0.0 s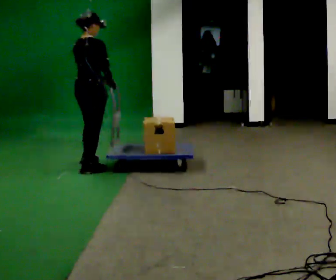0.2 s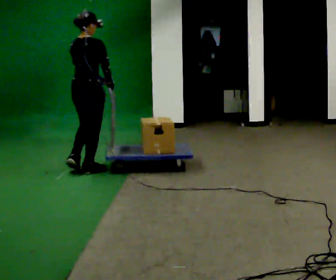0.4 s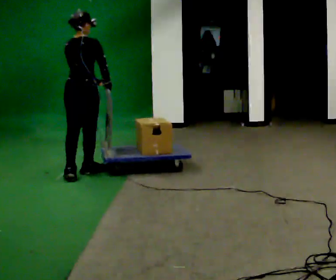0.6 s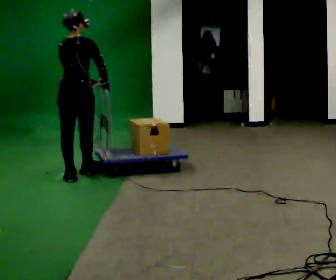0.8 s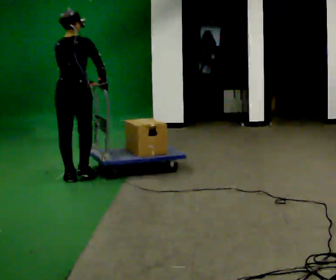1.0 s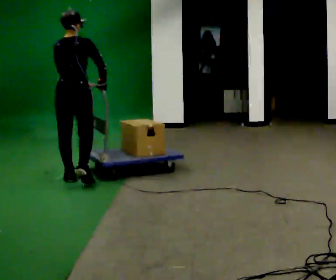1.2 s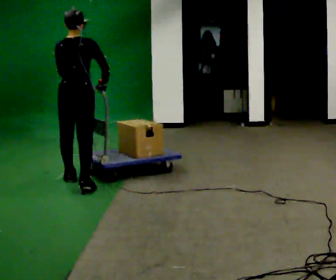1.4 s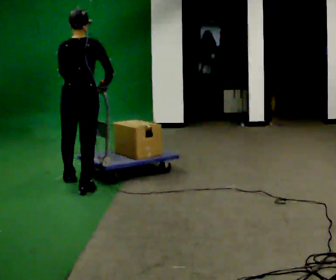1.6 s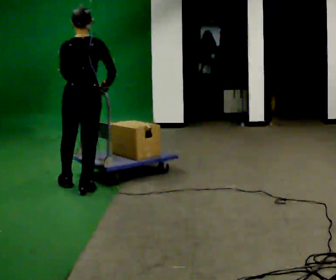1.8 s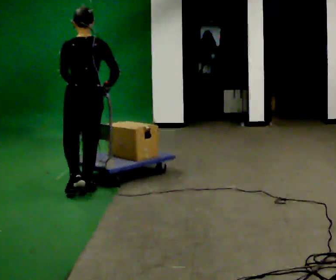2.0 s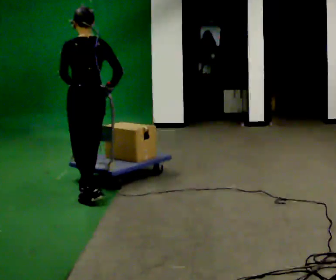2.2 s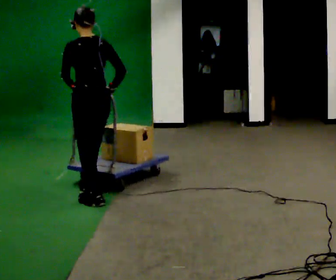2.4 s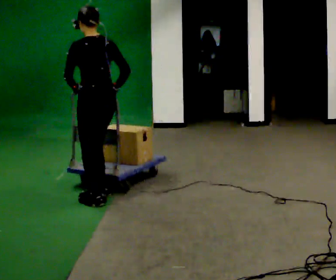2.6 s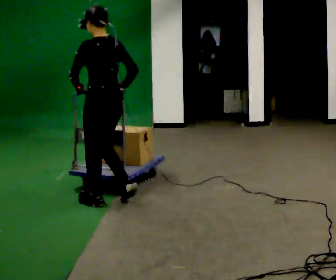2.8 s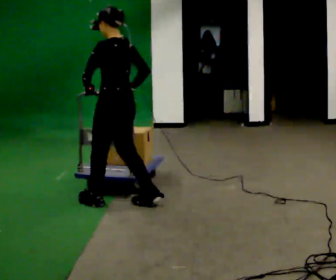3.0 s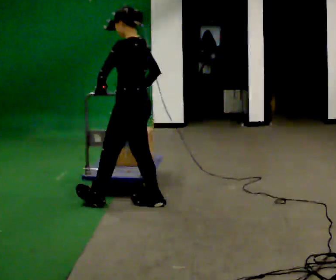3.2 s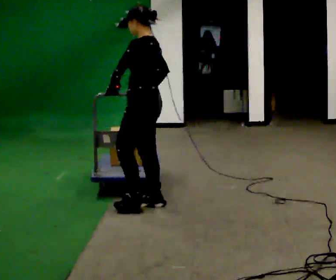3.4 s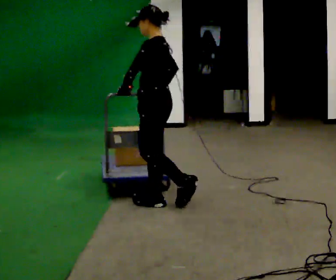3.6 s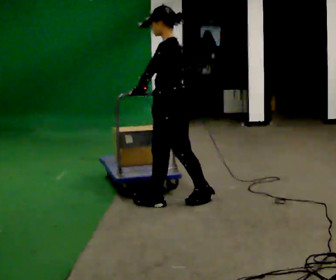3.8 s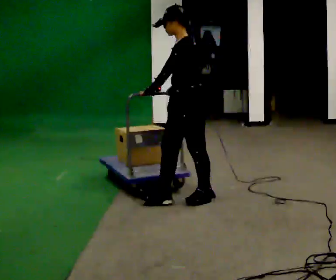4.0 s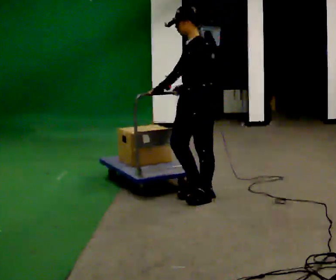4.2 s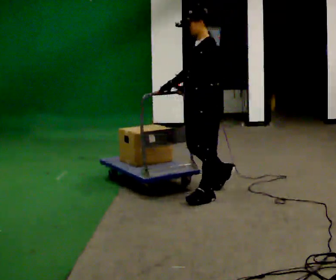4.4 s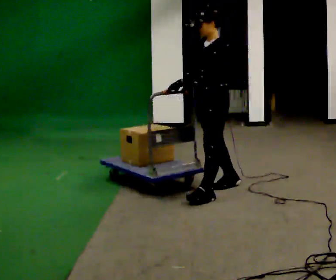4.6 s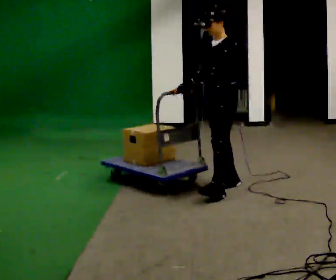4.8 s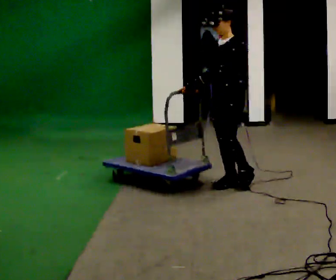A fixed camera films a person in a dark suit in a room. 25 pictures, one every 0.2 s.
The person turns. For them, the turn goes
to their left.
The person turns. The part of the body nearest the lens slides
to the right.
0.0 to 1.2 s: Seen from above the body turns counterclockwise, about 30 degrees: to their left, with its near side sliding to the right. In the picture they go toward the camera, about 0.5 m in 1 step, which for them is backward.
1.2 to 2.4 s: The part of the body nearest the lens slides to the right as the person turns to their left by about 45 degrees. In the picture they go toward the camera, about 0.5 m in 2 steps, which for them is backward.
2.4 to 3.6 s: The part of the body nearest the lens slides to the right as the person turns to their left by about 60 degrees. In the picture they go to the right, about 0.5 m in 1 step, which for them is backward.
3.6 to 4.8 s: Seen from above the body turns counterclockwise, about 30 degrees: to their left, with its near side sliding to the right. In the picture they go to the right and away from the camera, about 0.75 m in 2 steps, which for them is backward.
The film runs backward here.
